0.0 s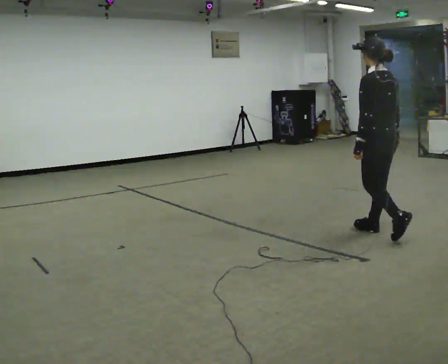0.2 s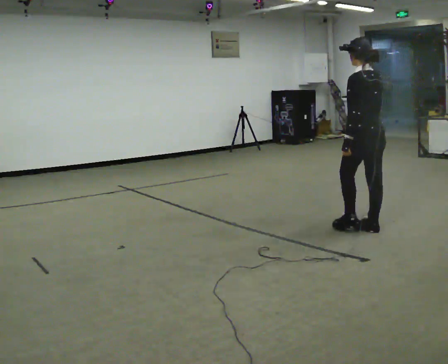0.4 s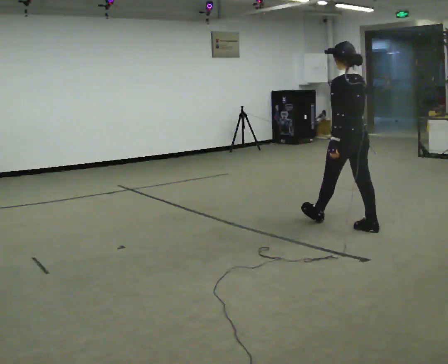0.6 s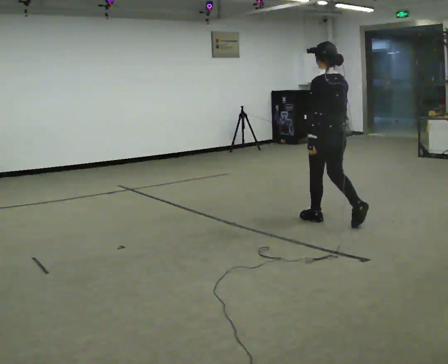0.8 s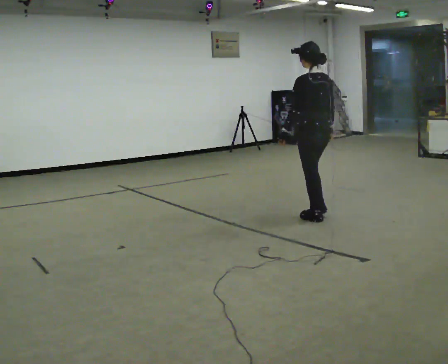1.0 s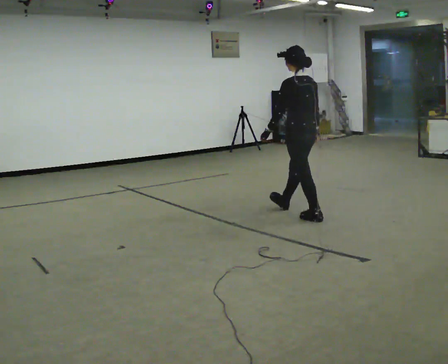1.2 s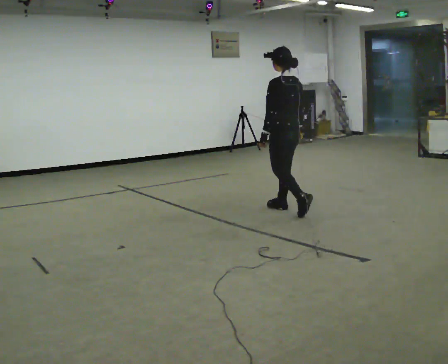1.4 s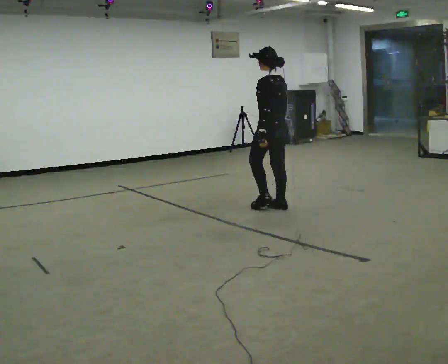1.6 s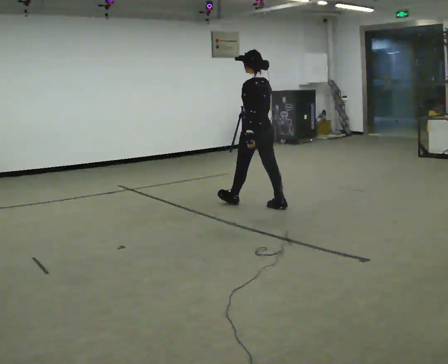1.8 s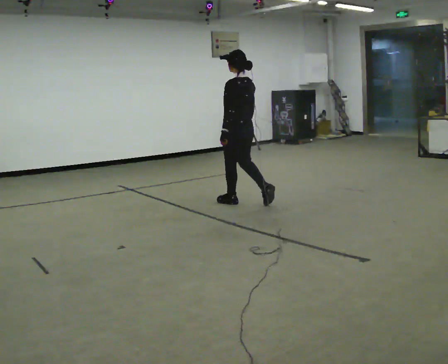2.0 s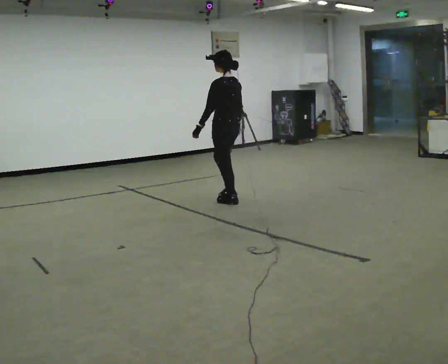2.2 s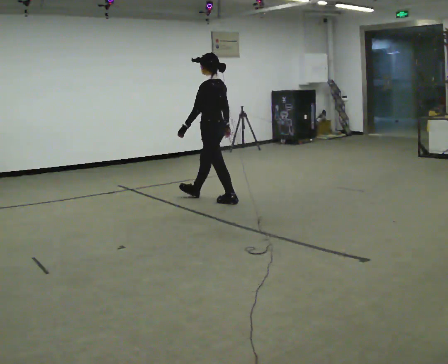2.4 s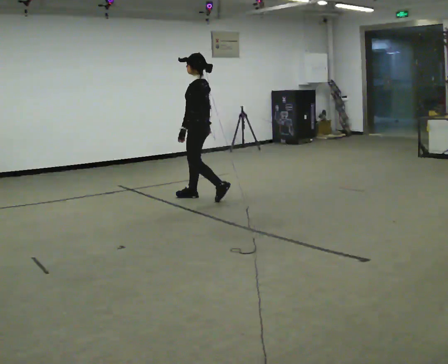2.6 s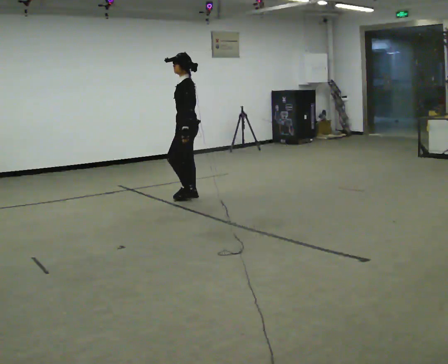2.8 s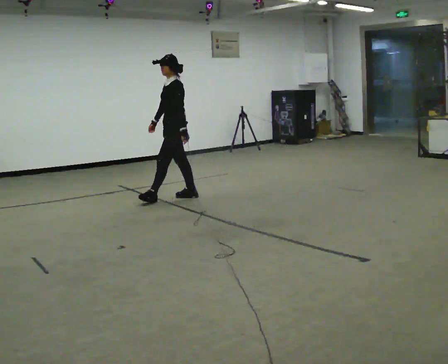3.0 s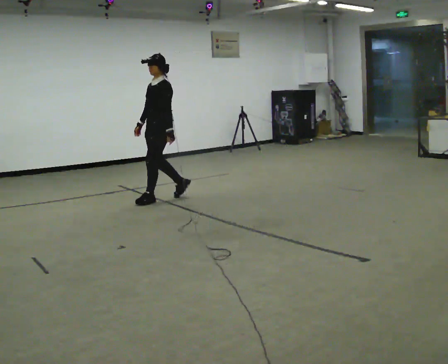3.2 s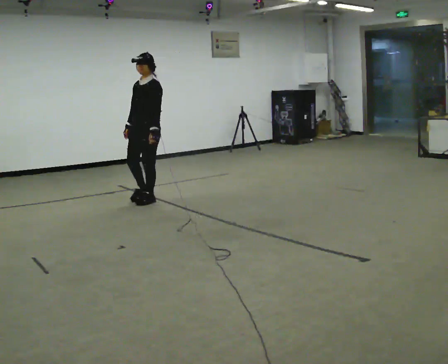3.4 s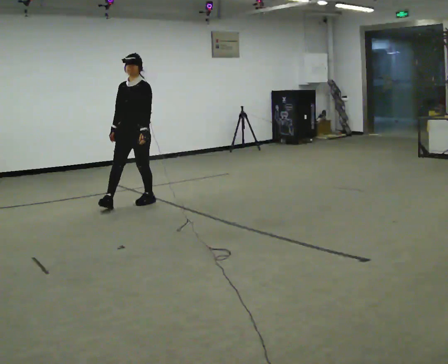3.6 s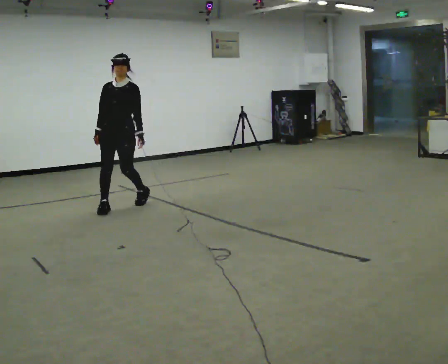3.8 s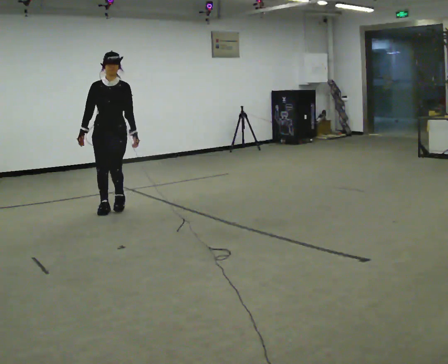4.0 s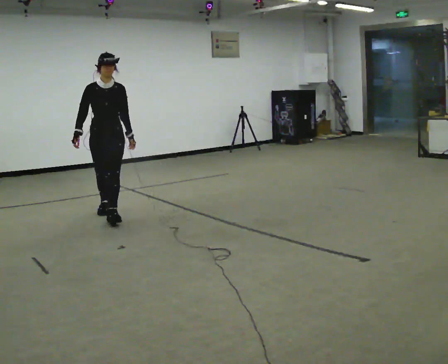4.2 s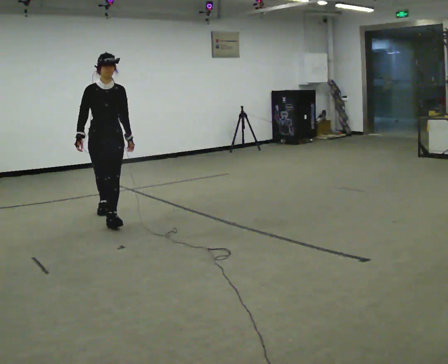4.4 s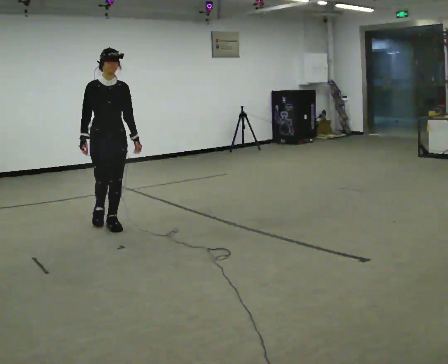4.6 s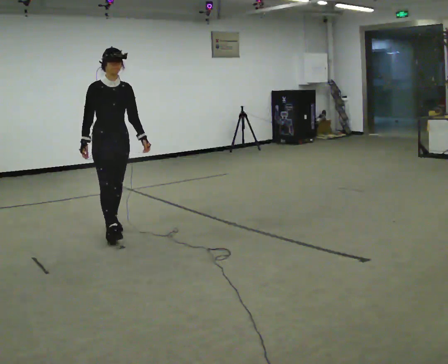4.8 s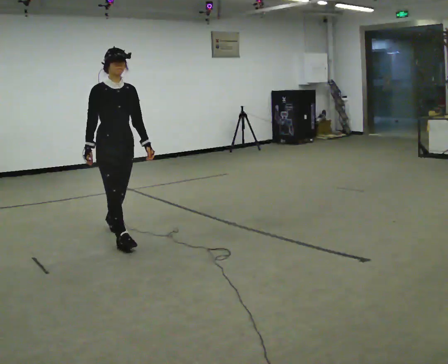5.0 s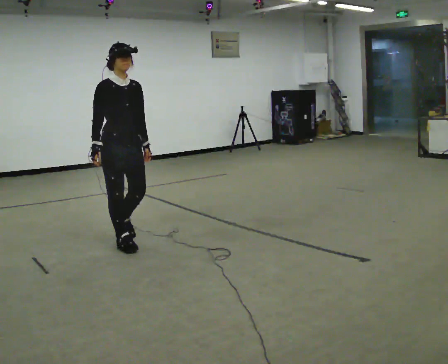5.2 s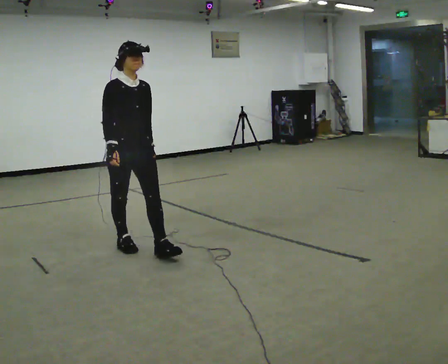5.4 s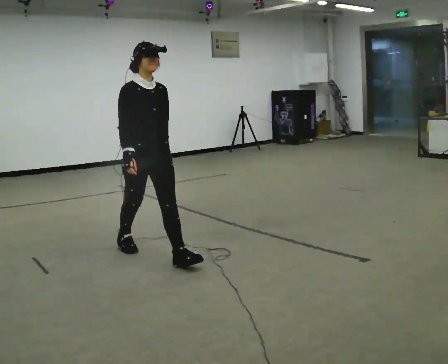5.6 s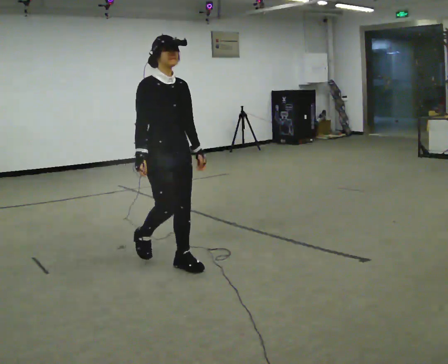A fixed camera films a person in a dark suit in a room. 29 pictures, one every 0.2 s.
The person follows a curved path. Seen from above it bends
counterclockwise.
The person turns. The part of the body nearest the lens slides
to the right.
0.0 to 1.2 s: In the picture they go away from the camera and to the left, about 1 m in 2 steps, which for them is forward.
1.2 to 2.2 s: In the picture they go to the left and away from the camera, about 1 m in 1 step, which for them is forward.
2.2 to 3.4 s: The part of the body nearest the lens slides to the right as the person turns to their left by about 90 degrees. In the picture they go to the left, about 1 m in 2 steps.
3.4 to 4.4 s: Seen from above the body turns counterclockwise, about 45 degrees: to their left, with its near side sliding to the right. In the picture they go toward the camera, about 1 m in 2 steps, which for them is forward.
4.4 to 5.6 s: In the picture they go toward the camera and to the right, about 1 m in 2 steps, which for them is forward.
The film runs forward here.
